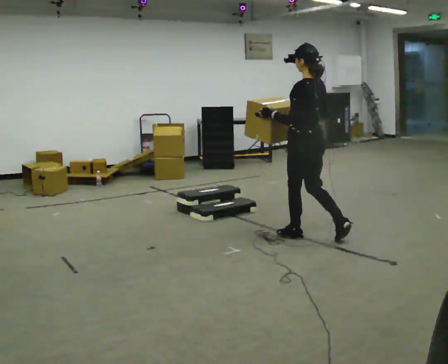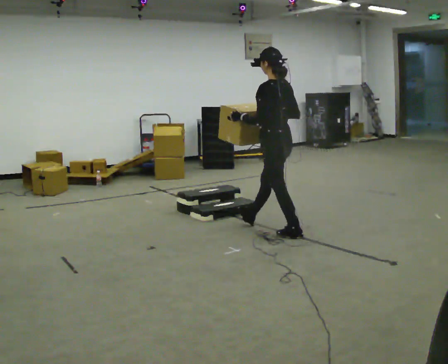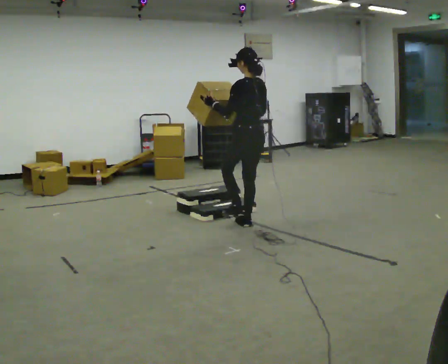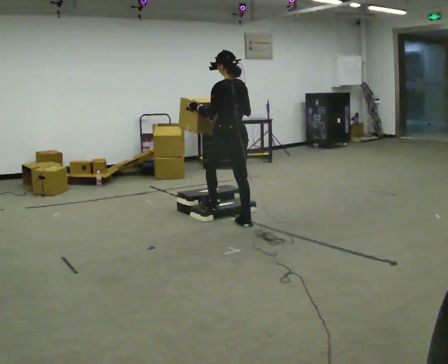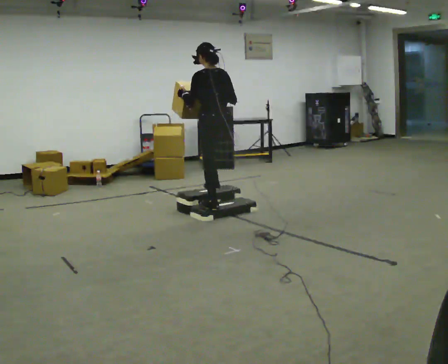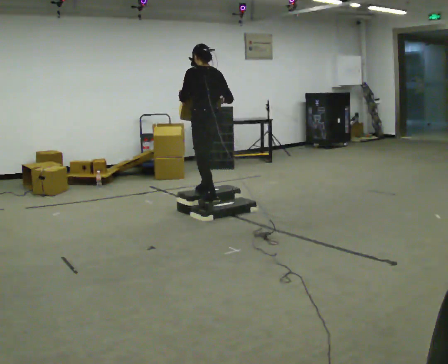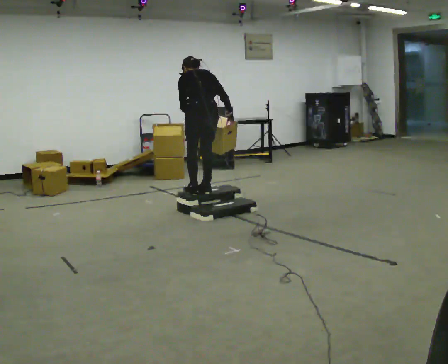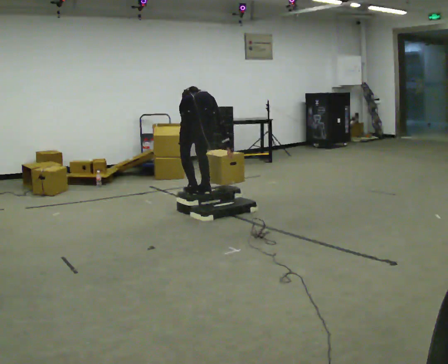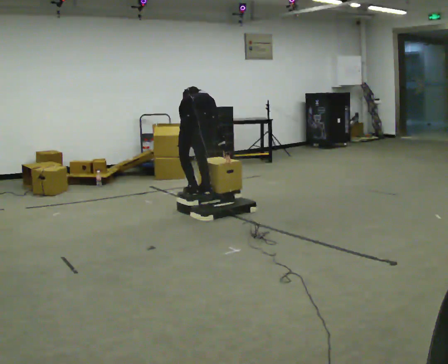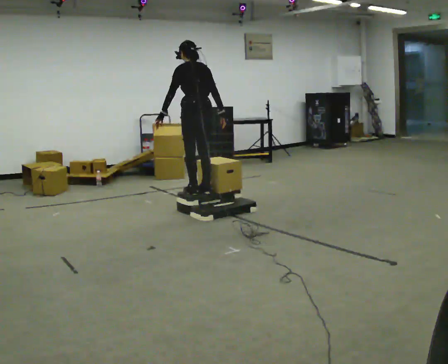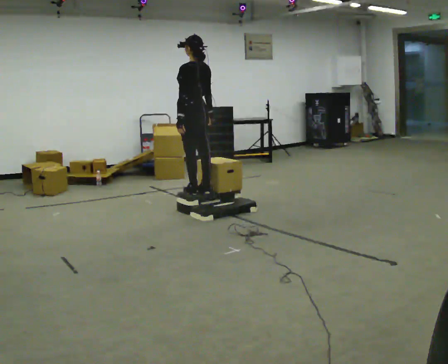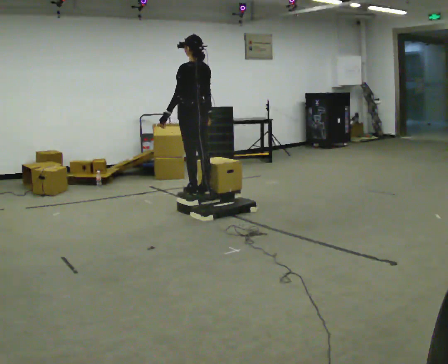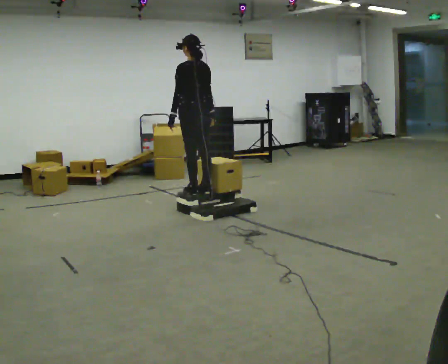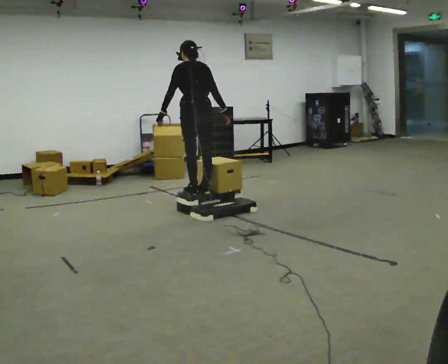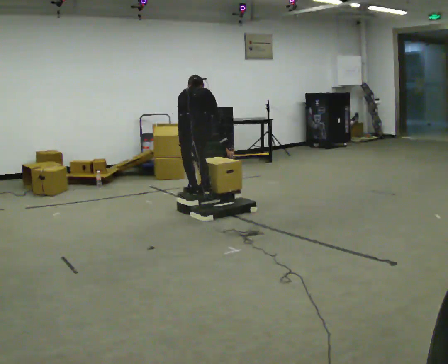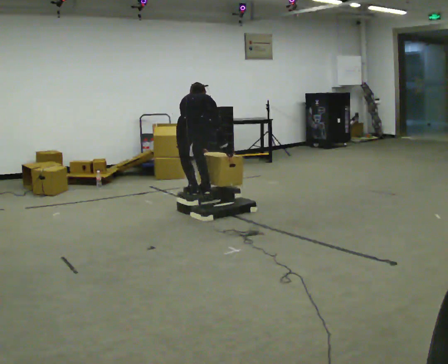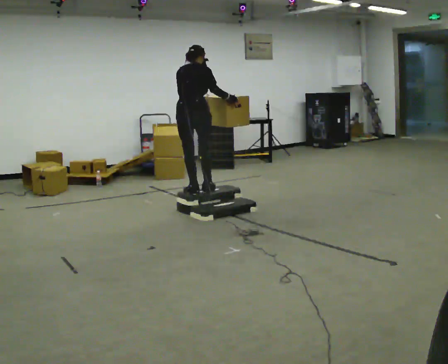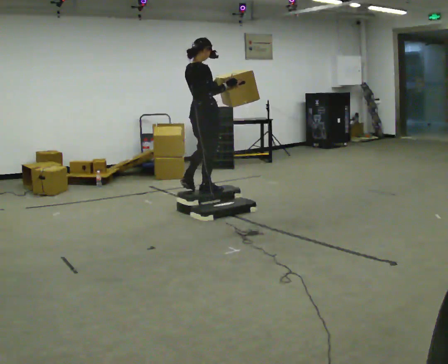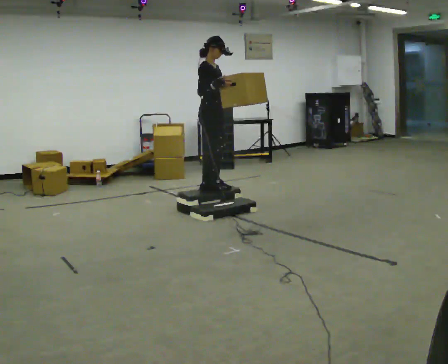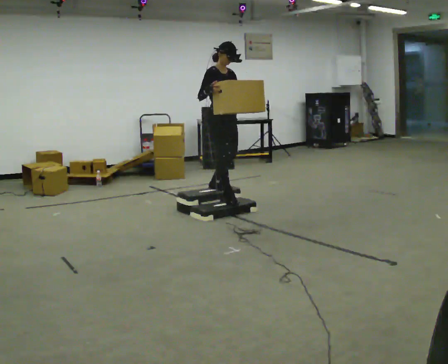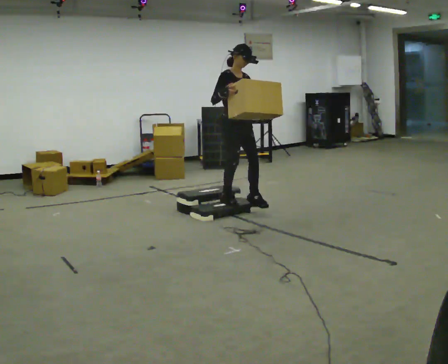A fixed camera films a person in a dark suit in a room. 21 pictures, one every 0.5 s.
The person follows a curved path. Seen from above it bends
clockwise.
0.0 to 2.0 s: In the picture they go away from the camera and to the left, about 1 m in 2 steps, which for them is forward.
2.0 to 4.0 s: The part of the body nearest the lens slides to the left as the person turns to their right by about 30 degrees. In the picture they go to the left, about 0.25 m in 2 steps, which for them is forward and to their left. The upper body tips away from the camera, its near side rolling upward, as they bend forward. In the picture their right hand goes downward.
4.0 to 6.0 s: The person turns about 30 degrees to their left, counterclockwise seen from above, so the part of the body nearest the lens slides to the right. In the picture they go away from the camera, about 0.25 m, which for them is forward. The upper body goes upward. The upper body tips toward the camera, its near side rolling downward, as they lean back or straighten. In the picture their left hand goes upward.
6.0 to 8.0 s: Seen from above the body turns clockwise, about 45 degrees: to their right, with its near side sliding to the left.
8.0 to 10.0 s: The person turns about 120 degrees to their right, clockwise seen from above, so the part of the body nearest the lens slides to the left. In the picture they go to the right, about 0.5 m in 2 steps.
The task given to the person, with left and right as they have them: Carry the box up the three steps, turn at the top, and carry it back down. Use the handrail only if you need it. Keep going until the operator says stop; one object at a time, and do not rush between trips.
The film runs forward here.
